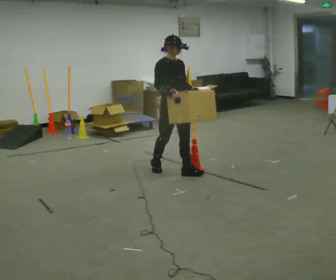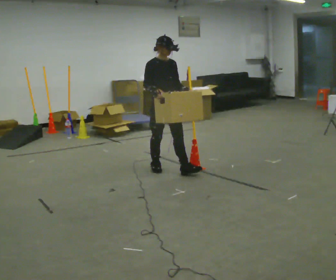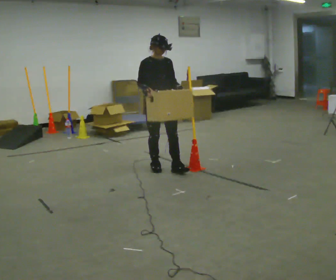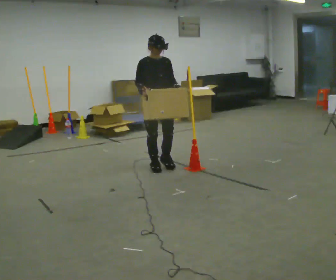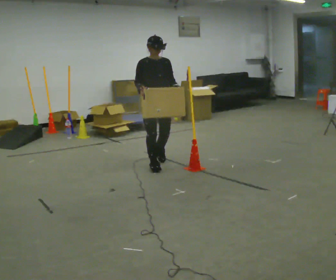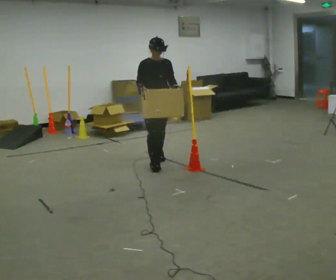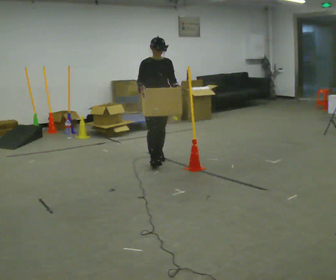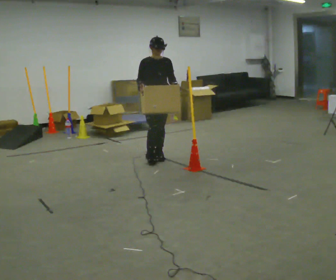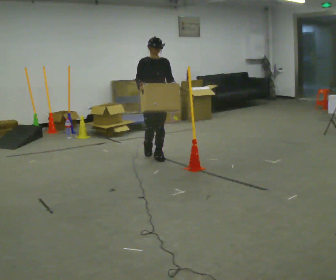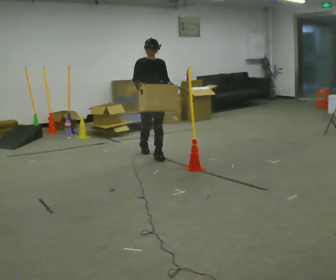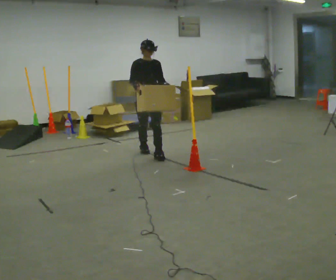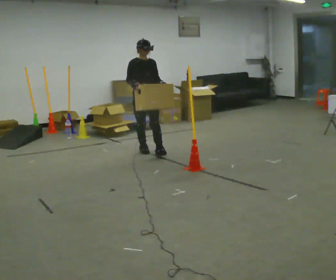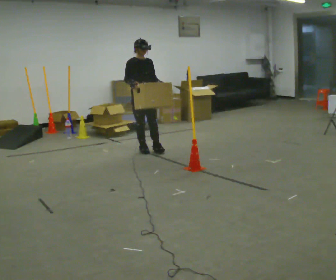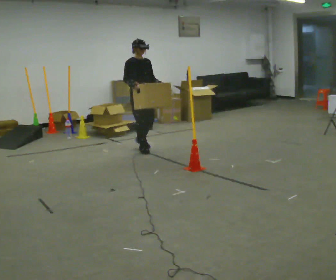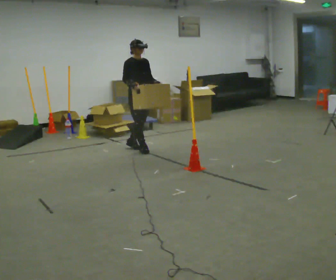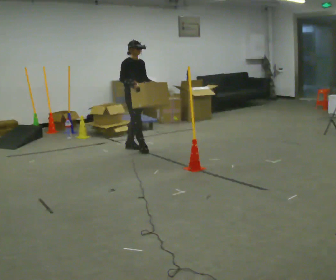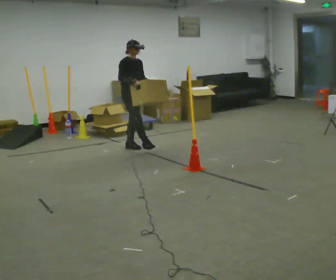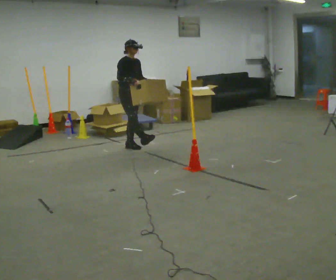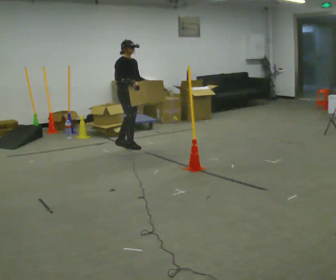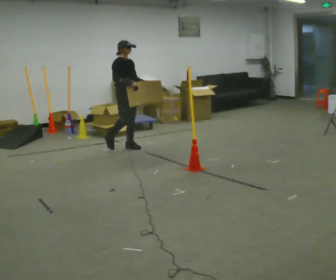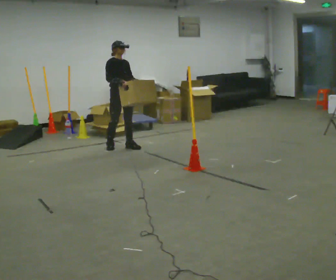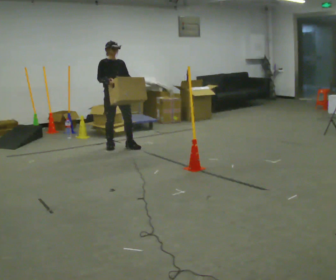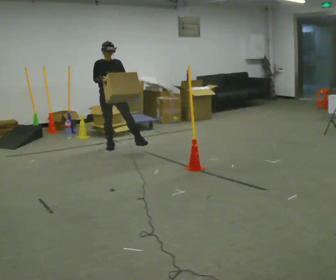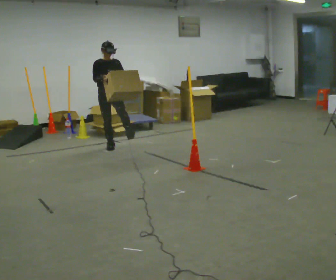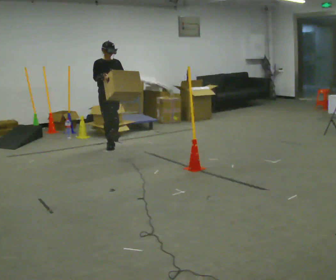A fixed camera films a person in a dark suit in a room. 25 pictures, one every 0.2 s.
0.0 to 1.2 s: In the picture they go away from the camera, about 0.5 m in 2 steps, which for them is backward.
1.2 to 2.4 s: In the picture they go away from the camera, about 0.5 m in 1 step, which for them is backward.
2.4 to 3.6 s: In the picture they go away from the camera and to the left, about 0.25 m in 1 step, which for them is backward.
3.6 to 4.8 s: The person turns about 45 degrees to their right, clockwise seen from above, so the part of the body nearest the lens slides to the left. In the picture they go to the left, about 0.25 m in 1 step, which for them is to their right and backward.
The film runs backward here.
